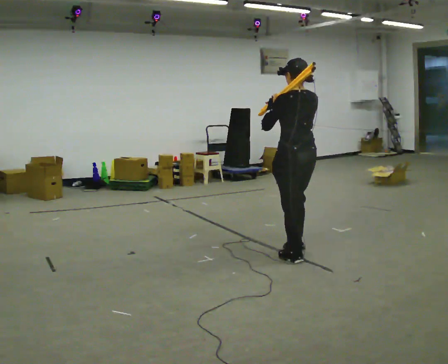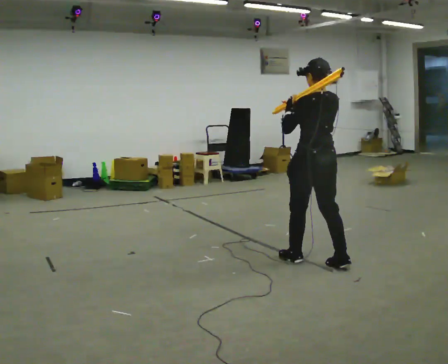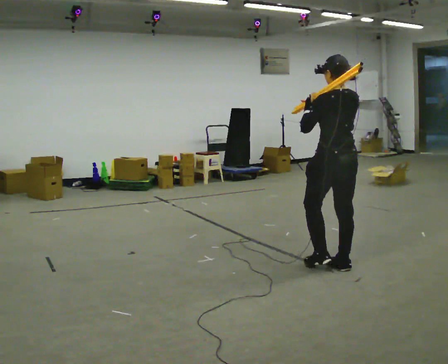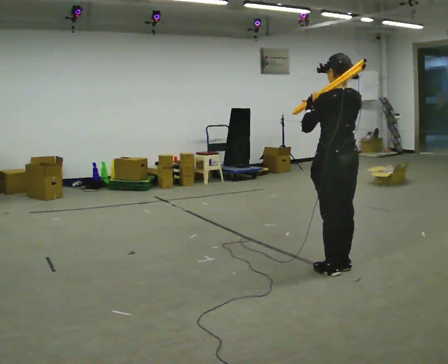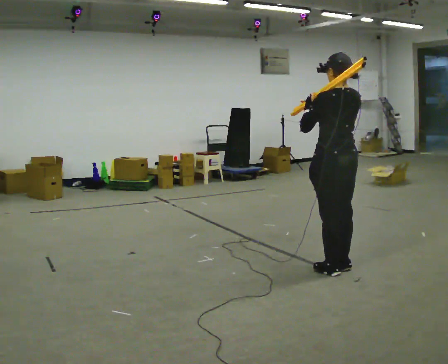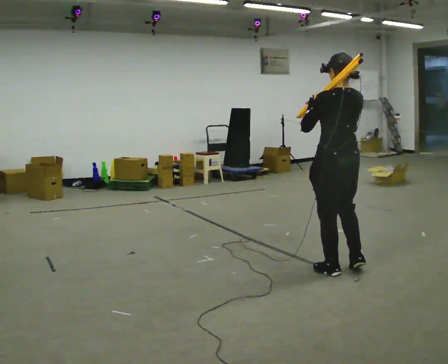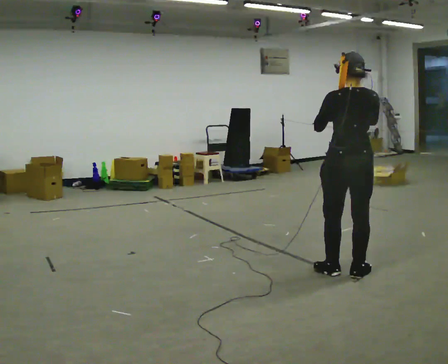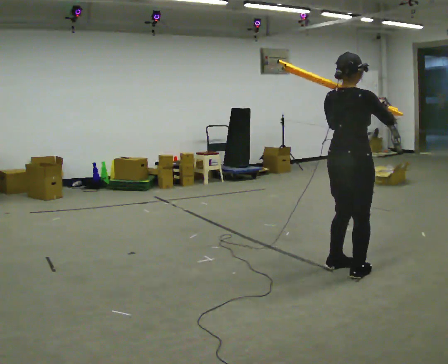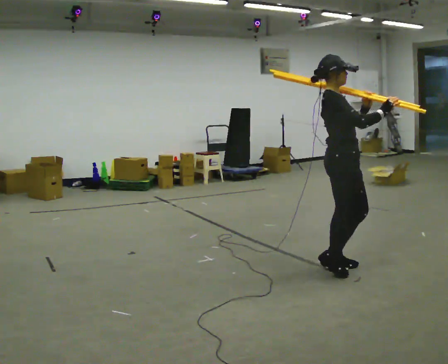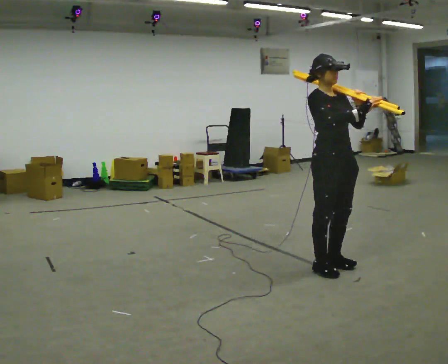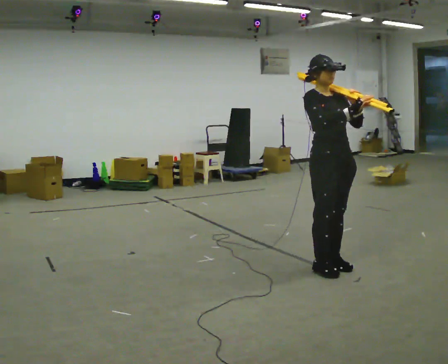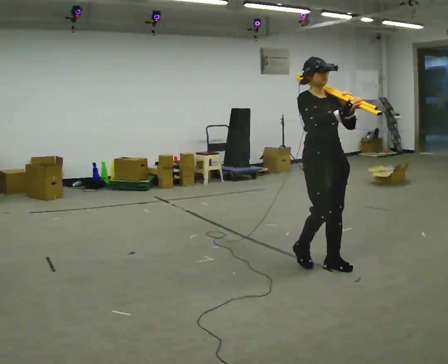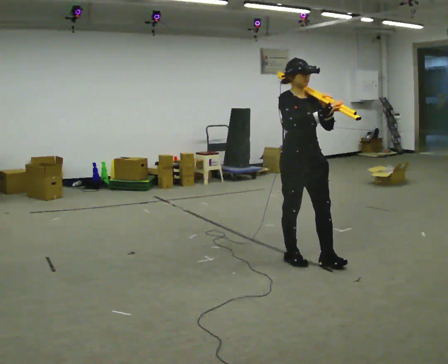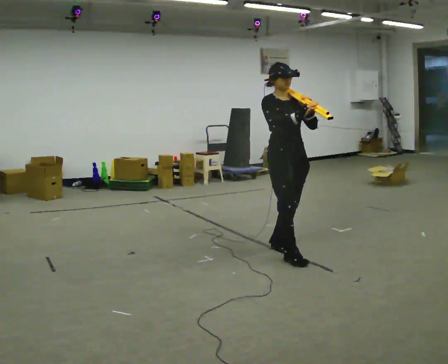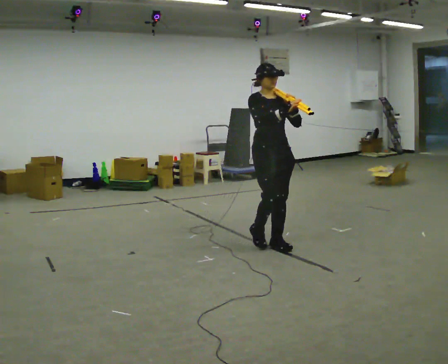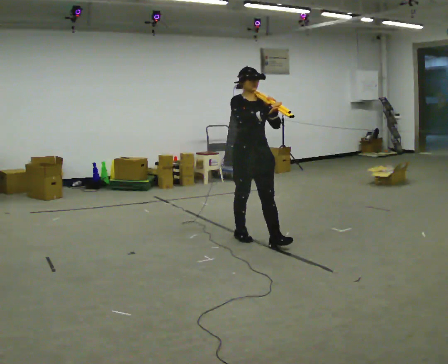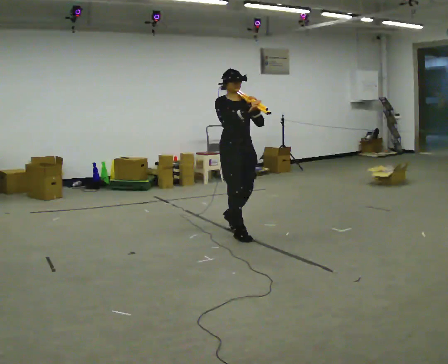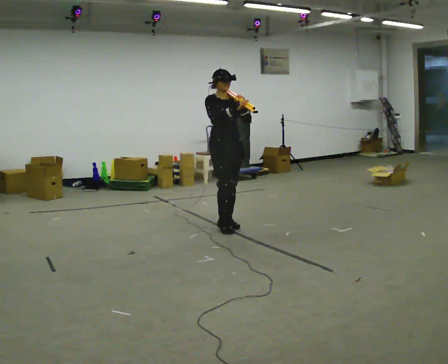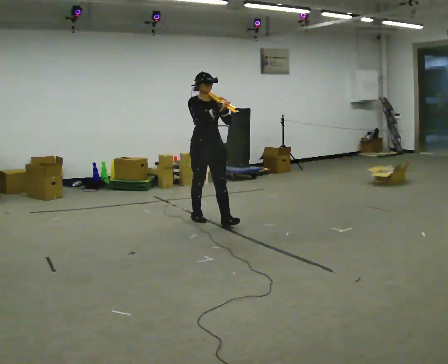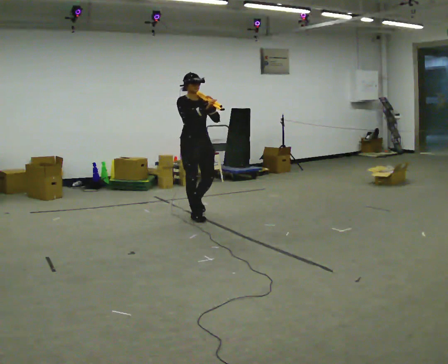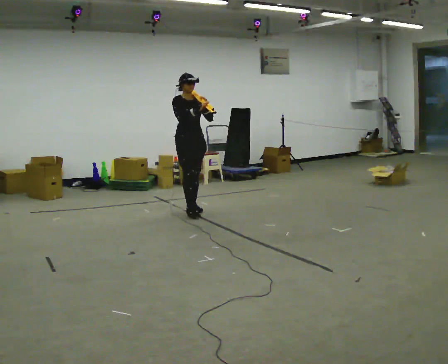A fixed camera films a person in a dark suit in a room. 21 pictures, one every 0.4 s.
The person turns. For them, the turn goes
to their right.
The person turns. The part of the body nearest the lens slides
to the left.
0.0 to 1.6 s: In the picture they go toward the camera and to the right, about 0.5 m in 1 step, which for them is backward.
1.6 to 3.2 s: The part of the body nearest the lens slides to the left as the person turns to their right by about 120 degrees. In the picture their right hand goes to the right.
3.2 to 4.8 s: The person turns about 45 degrees to their right, clockwise seen from above, so the part of the body nearest the lens slides to the left. In the picture they go to the left and away from the camera, about 0.25 m in 2 steps, which for them is backward.
4.8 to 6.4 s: In the picture they go away from the camera and to the left, about 1 m in 2 steps, which for them is backward.
6.4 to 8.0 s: In the picture they go away from the camera and to the left, about 1 m in 3 steps, which for them is backward.
The film runs backward here.
